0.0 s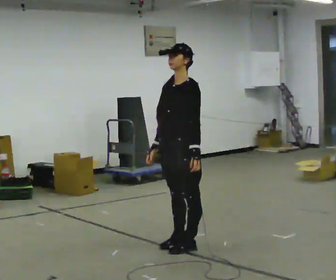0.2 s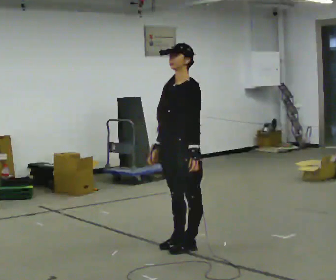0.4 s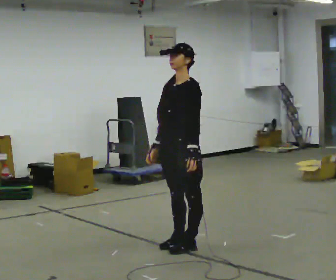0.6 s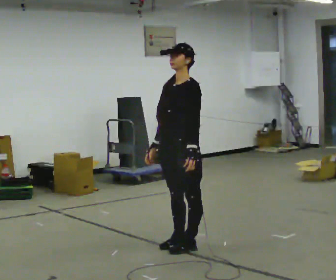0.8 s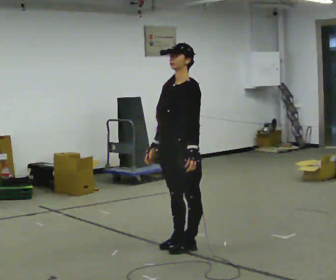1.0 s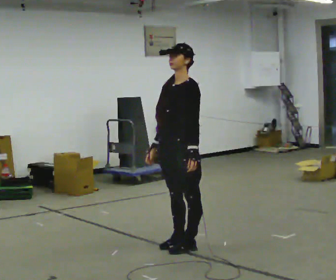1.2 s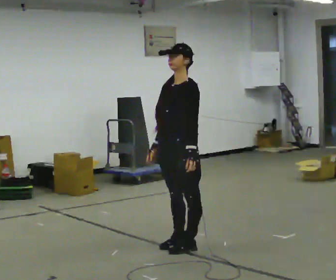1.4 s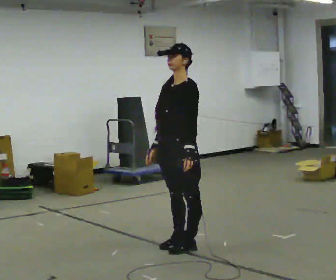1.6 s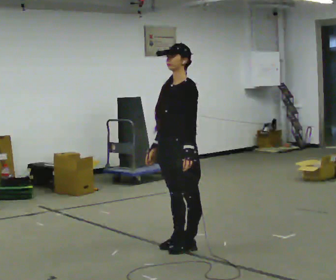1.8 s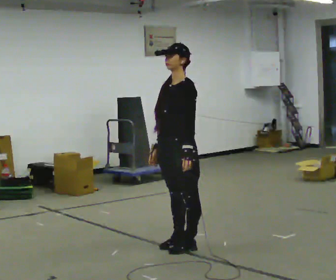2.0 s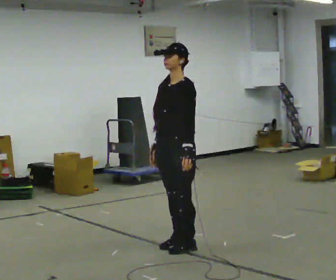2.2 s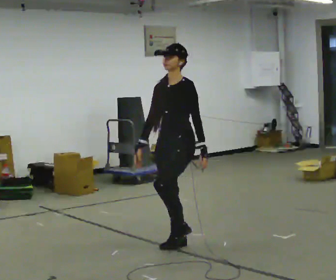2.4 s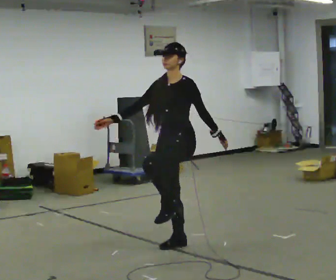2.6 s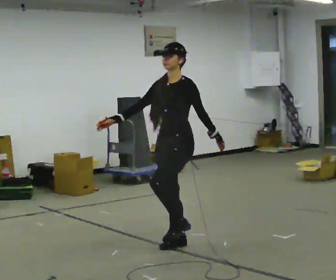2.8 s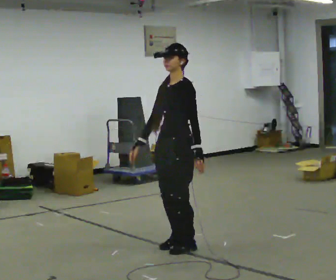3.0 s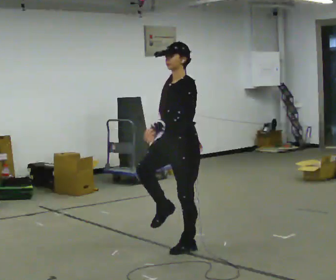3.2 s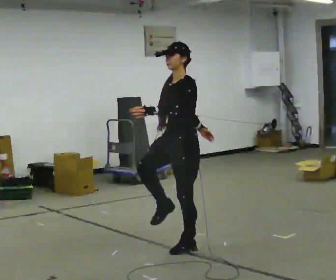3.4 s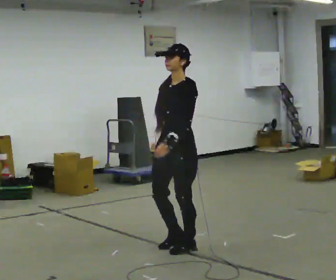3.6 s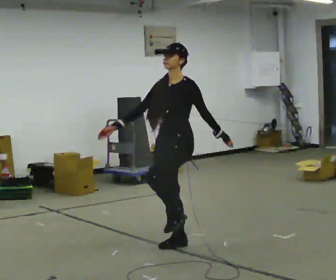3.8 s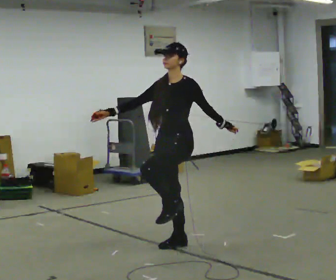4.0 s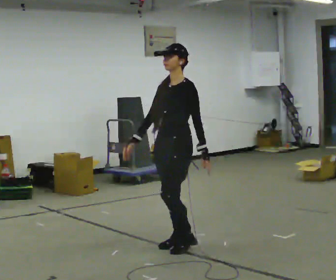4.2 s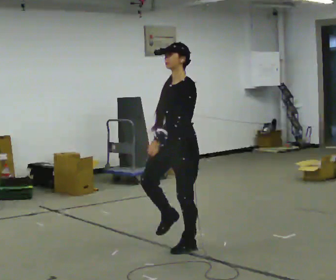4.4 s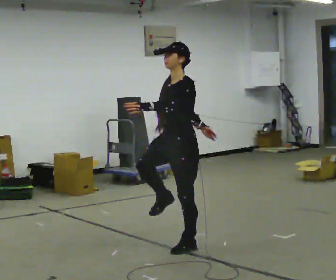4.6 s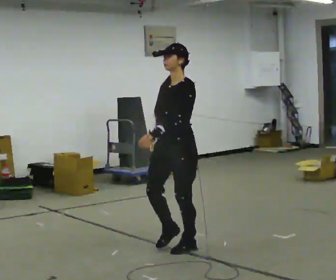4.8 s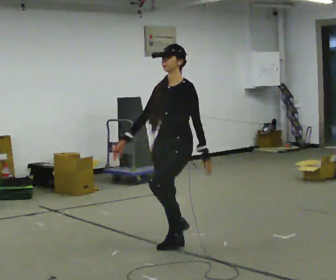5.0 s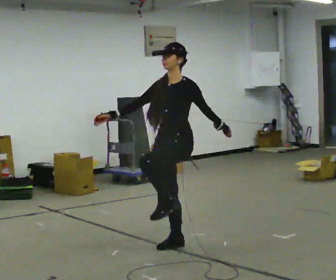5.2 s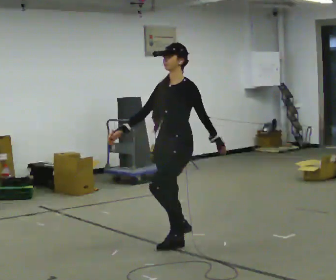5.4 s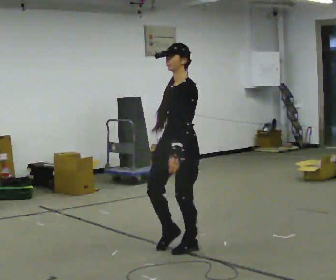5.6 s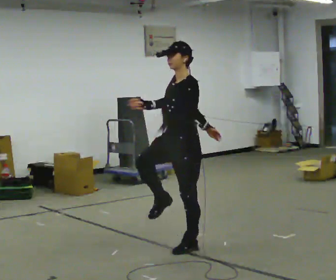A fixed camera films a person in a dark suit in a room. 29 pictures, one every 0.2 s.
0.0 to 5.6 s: In the picture their left hand goes upward and to the left.
The film runs forward here.
